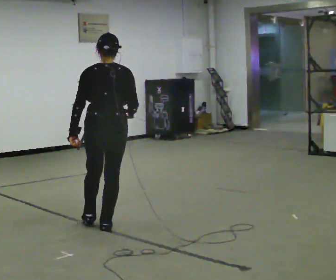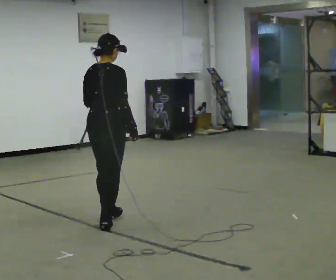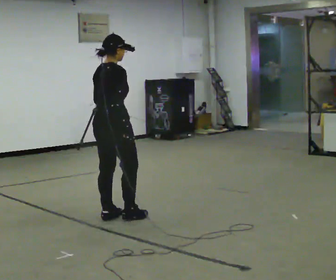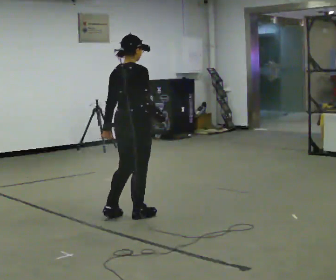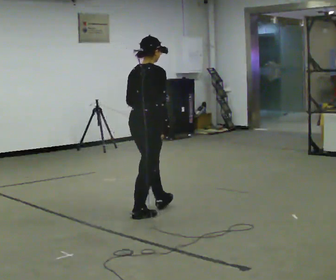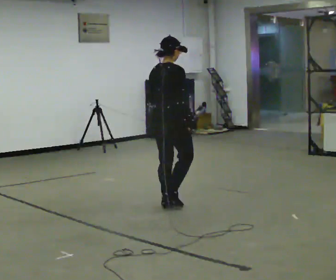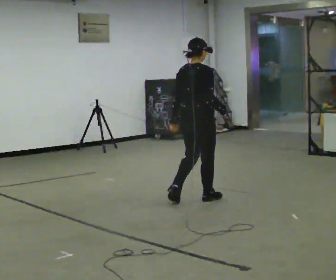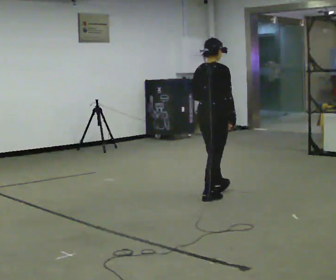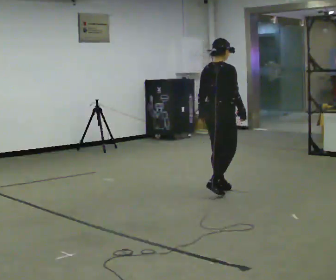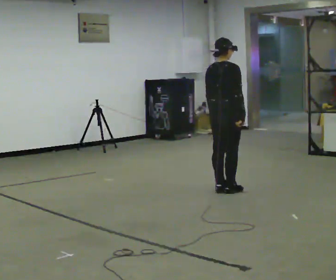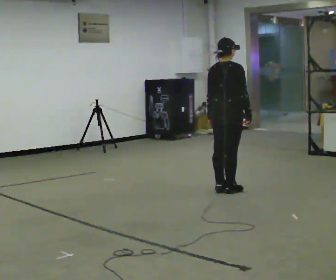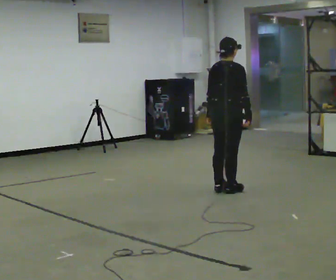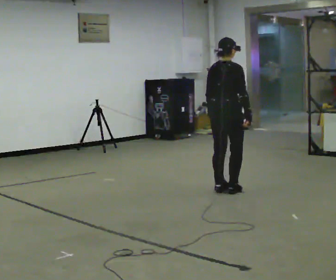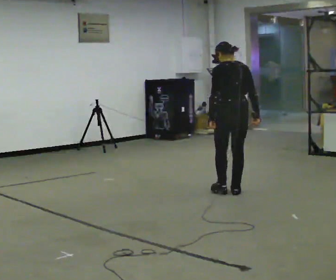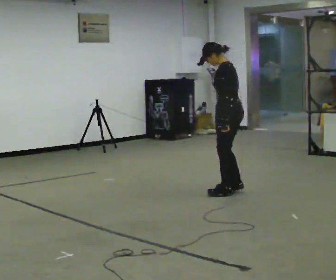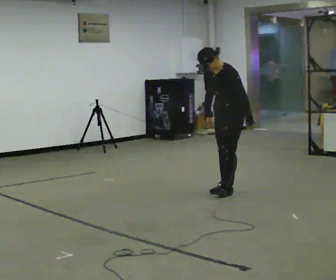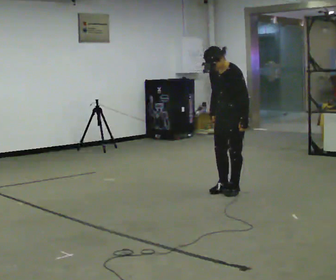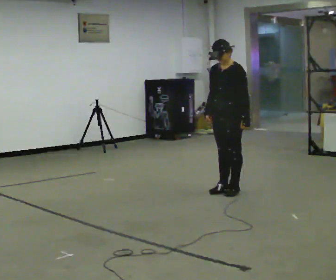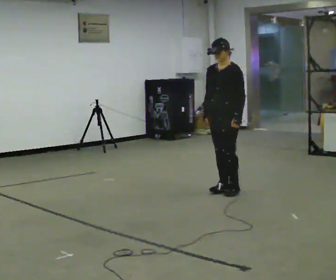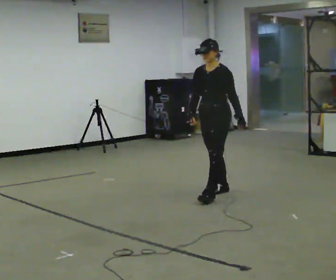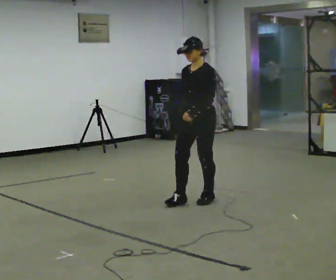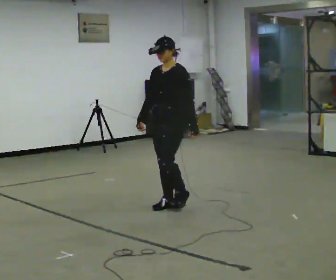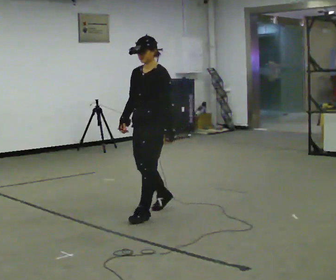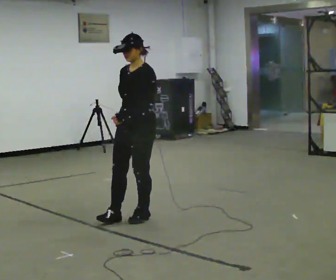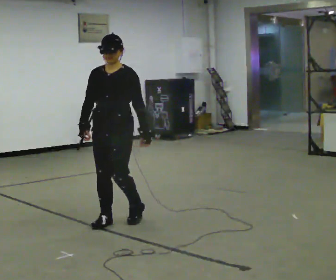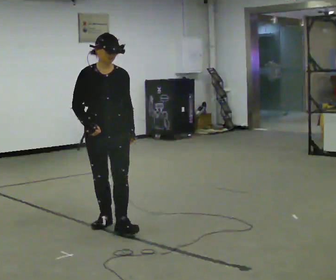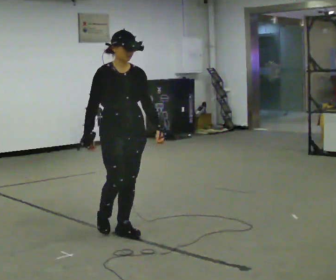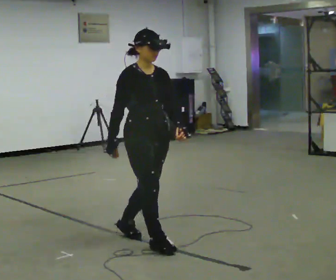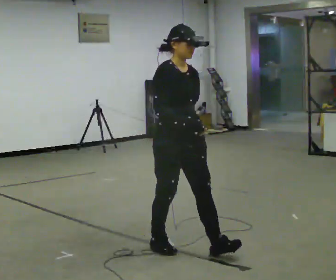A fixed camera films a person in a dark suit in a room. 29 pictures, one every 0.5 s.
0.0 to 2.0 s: Seen from above the body turns clockwise, about 45 degrees: to their right, with its near side sliding to the left. In the picture they go away from the camera and to the right, about 0.5 m in 2 steps, which for them is forward.
2.0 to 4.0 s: In the picture they go away from the camera and to the right, about 1 m in 3 steps, which for them is forward.
4.0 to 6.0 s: The person moves a little, or ends about where they began.
6.0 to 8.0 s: The person turns about 165 degrees to their left, counterclockwise seen from above, so the part of the body nearest the lens slides to the right. In the picture their right hand goes to the left, the arm swinging clockwise.
8.0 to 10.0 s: In the picture they go toward the camera and to the left, about 0.5 m in 1 step, which for them is forward.
10.0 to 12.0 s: Seen from above the body turns counterclockwise, about 30 degrees: to their left, with its near side sliding to the right. In the picture they go toward the camera and to the left, about 1 m in 3 steps, which for them is forward.
12.0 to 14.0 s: The part of the body nearest the lens slides to the right as the person turns to their left by about 60 degrees. In the picture they go toward the camera and to the right, about 1 m in 2 steps.
The film runs forward here.
